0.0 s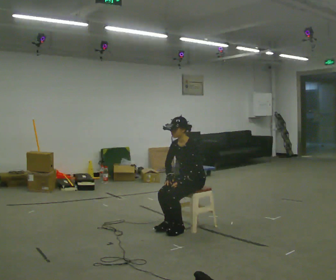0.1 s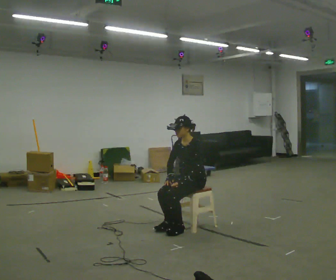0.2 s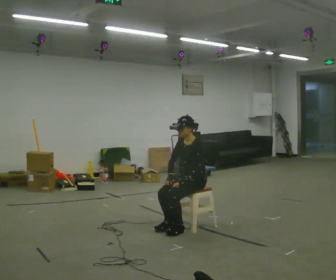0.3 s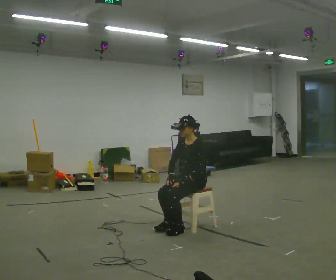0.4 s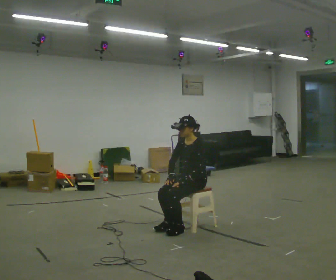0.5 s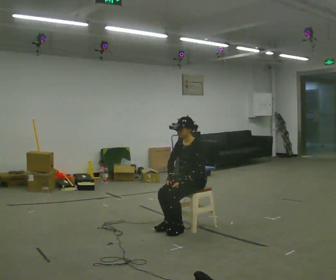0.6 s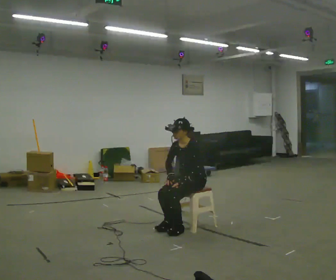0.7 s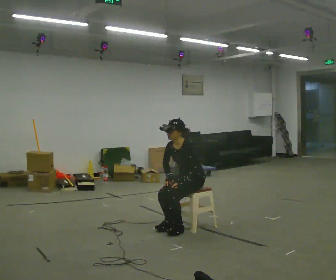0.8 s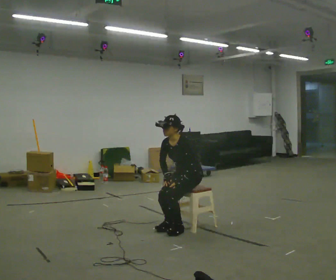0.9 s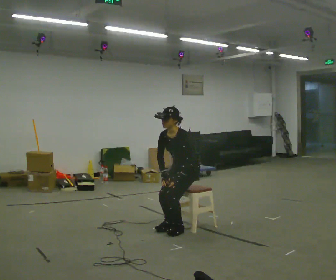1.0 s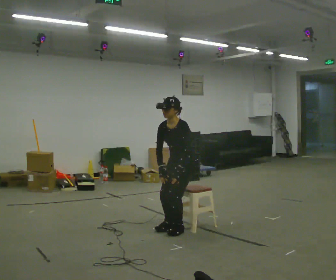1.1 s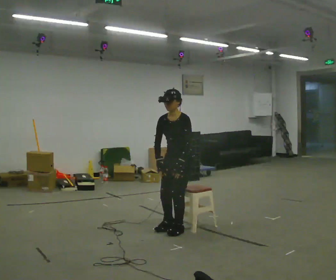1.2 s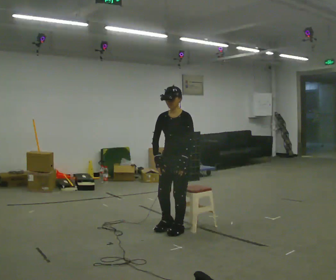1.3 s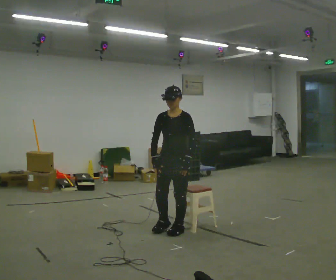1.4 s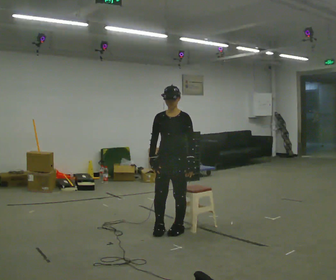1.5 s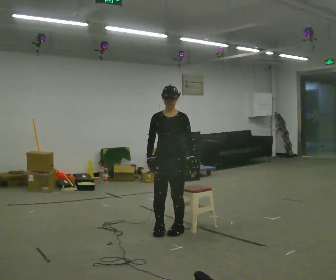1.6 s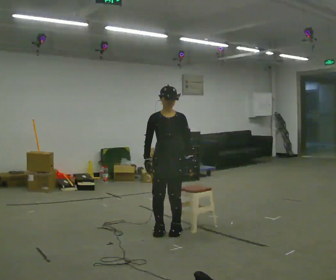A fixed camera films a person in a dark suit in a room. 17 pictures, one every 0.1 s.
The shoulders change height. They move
upward.
0.0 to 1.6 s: The person turns about 60 degrees to their left, counterclockwise seen from above, so the part of the body nearest the lens slides to the right. In the picture they go toward the camera and to the left, about 0.25 m in 1 step, which for them is forward. The shoulders move upward.
The film runs forward here.
